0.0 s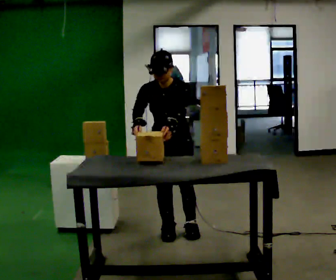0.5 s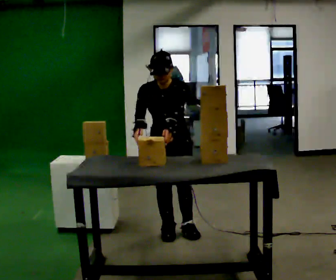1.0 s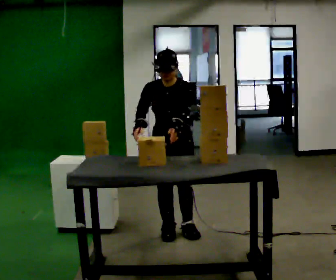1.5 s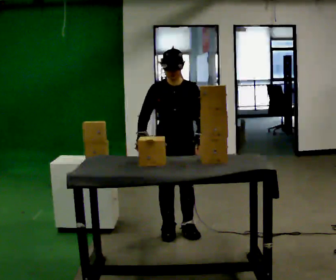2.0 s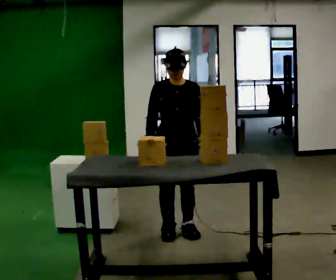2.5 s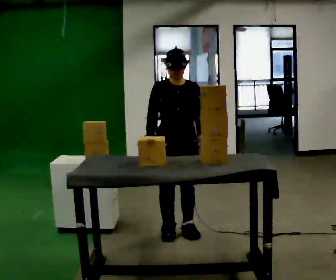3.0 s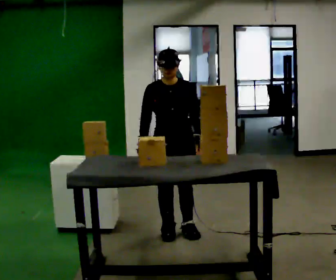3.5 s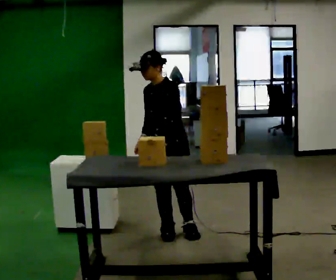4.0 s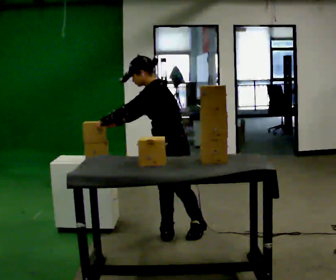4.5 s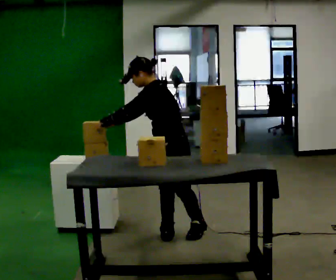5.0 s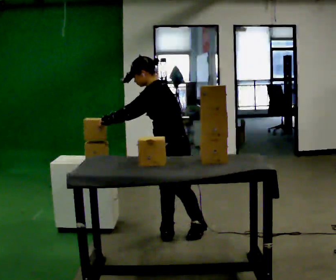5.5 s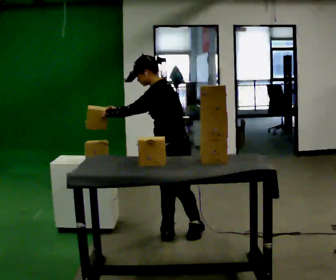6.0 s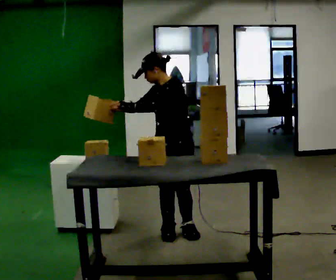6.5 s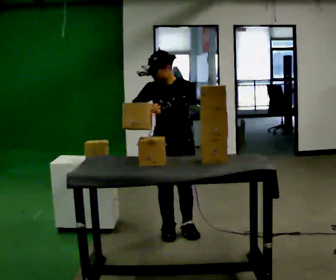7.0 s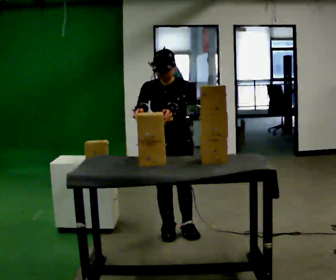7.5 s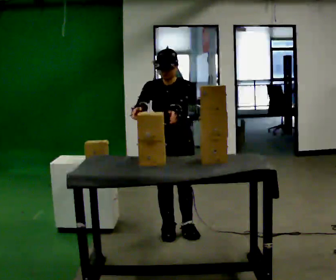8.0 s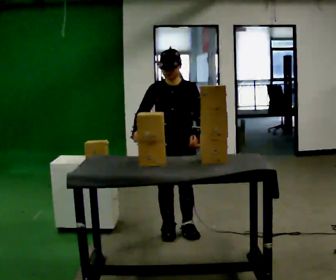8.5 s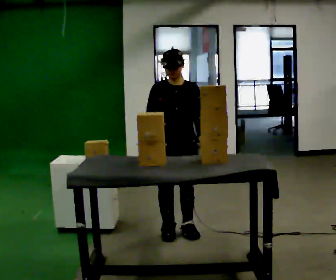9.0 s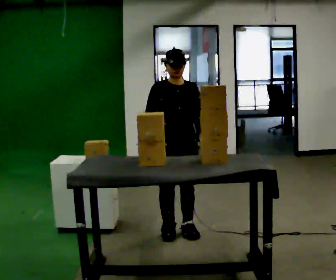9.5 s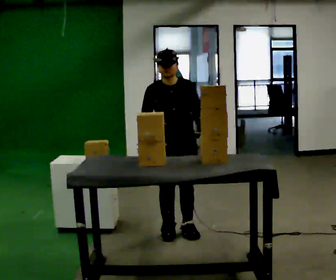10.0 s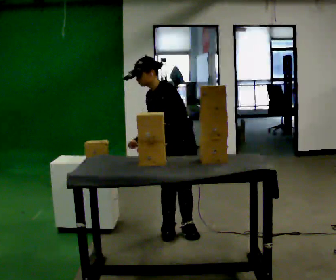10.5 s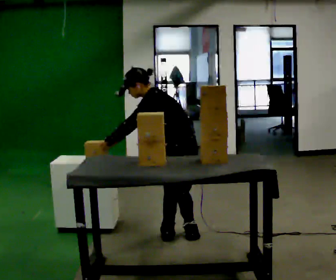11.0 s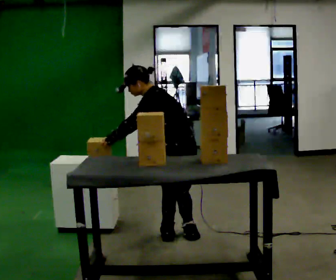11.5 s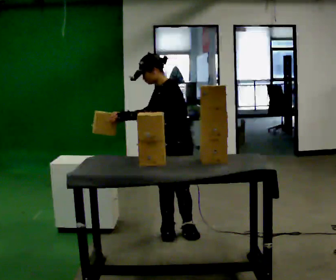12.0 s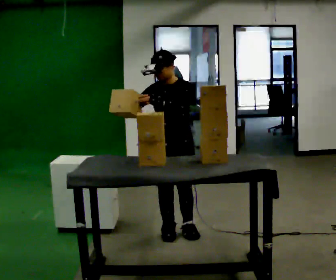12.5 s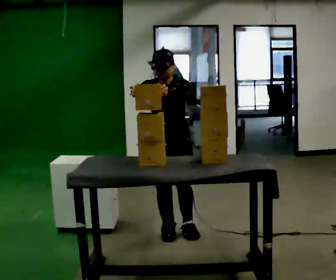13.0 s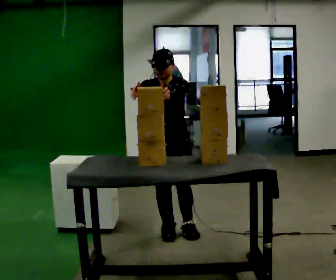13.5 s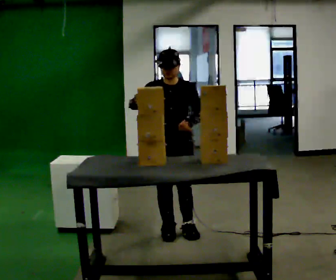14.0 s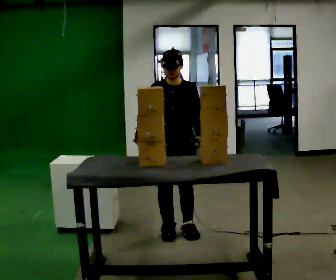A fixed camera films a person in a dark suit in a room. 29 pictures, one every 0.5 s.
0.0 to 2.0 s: The person moves a little, or ends about where they began.
2.0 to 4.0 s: The person turns about 75 degrees to their right, clockwise seen from above, so the part of the body nearest the lens slides to the left. In the picture the upper body tilts counterclockwise, shoulders to the left, as they bend forward. In the picture their left hand goes to the left, the arm swinging clockwise.
4.0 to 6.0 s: The person turns about 30 degrees to their left, counterclockwise seen from above, so the part of the body nearest the lens slides to the right.
6.0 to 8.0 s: The person turns about 45 degrees to their left, counterclockwise seen from above, so the part of the body nearest the lens slides to the right. In the picture their left hand goes to the right.
8.0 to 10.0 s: The part of the body nearest the lens slides to the left as the person turns to their right by about 45 degrees. In the picture the upper body tilts counterclockwise, shoulders to the left, as they bend forward.
10.0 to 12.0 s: In the picture their right hand goes upward, the arm swinging clockwise.
12.0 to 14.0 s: In the picture their left hand goes downward and to the right.
The film runs backward here.
